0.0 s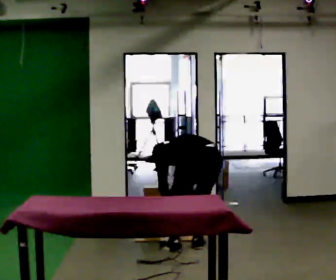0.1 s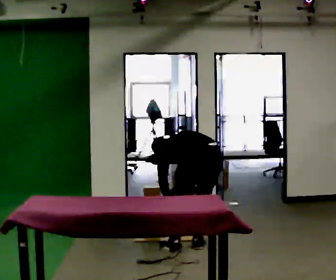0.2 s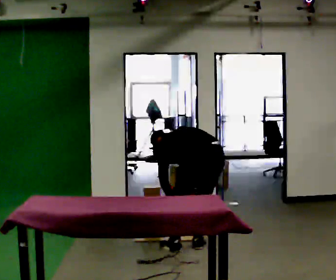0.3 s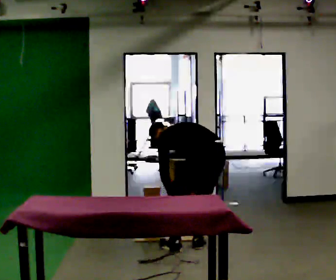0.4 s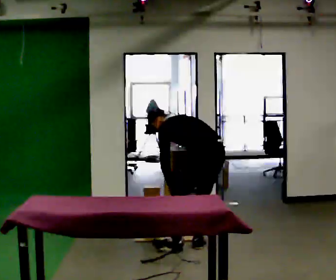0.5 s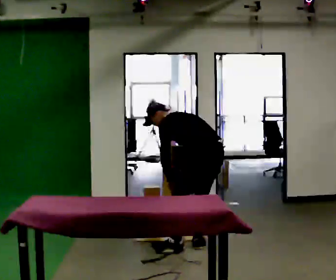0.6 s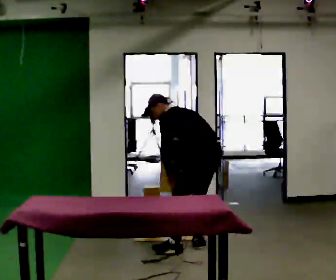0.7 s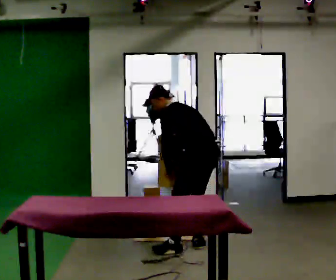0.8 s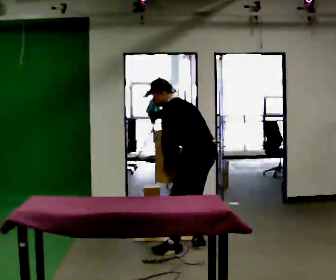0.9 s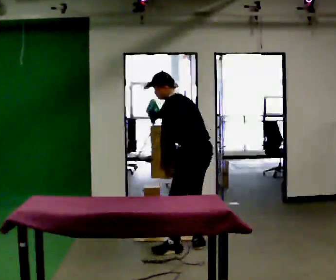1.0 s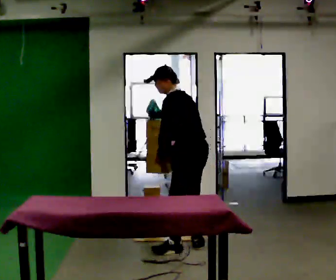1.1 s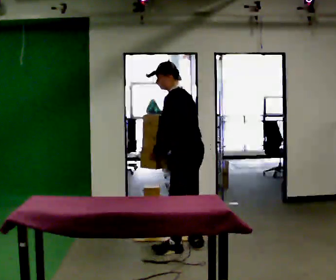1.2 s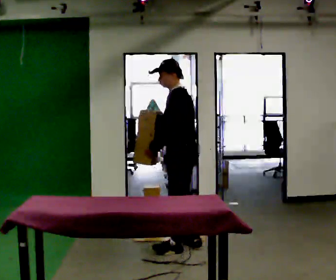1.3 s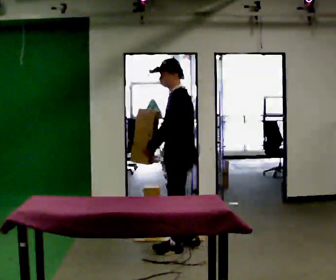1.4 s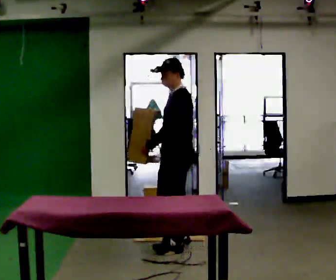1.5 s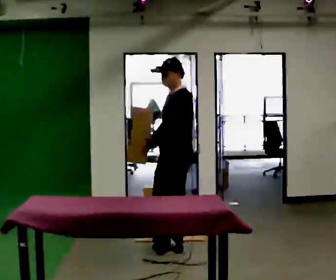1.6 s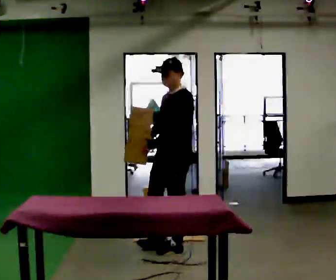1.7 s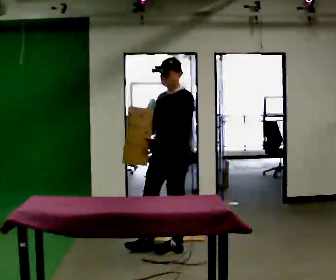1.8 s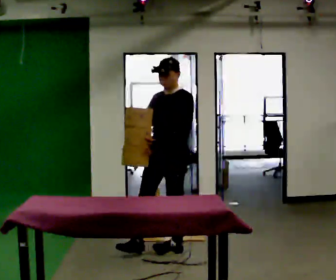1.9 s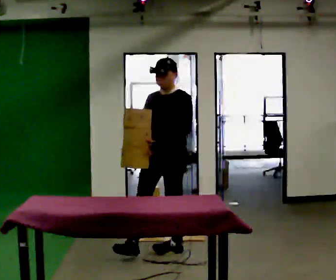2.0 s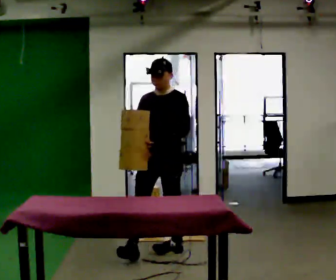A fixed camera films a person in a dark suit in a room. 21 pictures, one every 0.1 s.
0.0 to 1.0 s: The person turns about 45 degrees to their left, counterclockwise seen from above, so the part of the body nearest the lens slides to the right. The upper body goes upward. The upper body tips toward the camera, its near side rolling downward, as they lean back or straighten. In the picture their right hand goes upward.
1.0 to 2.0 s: Seen from above the body turns counterclockwise, about 90 degrees: to their left, with its near side sliding to the right. In the picture they go to the left and toward the camera, about 0.25 m in 1 step. In the picture the upper body tilts clockwise, shoulders to the right.
The film runs forward here.
